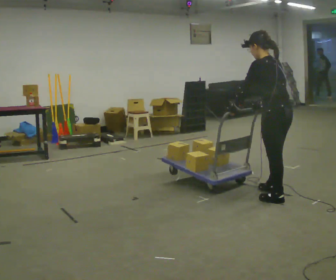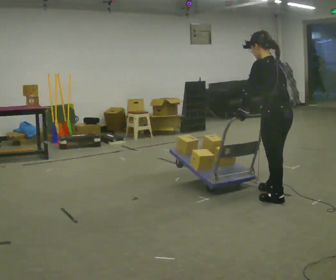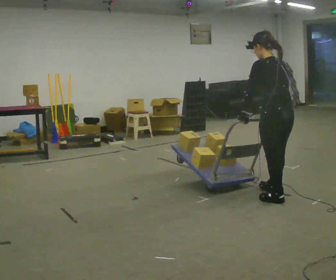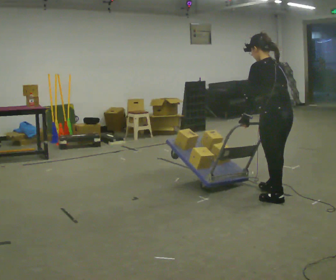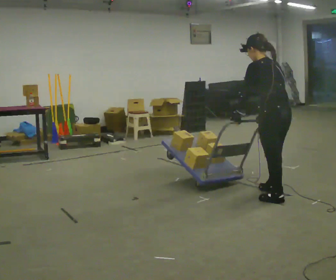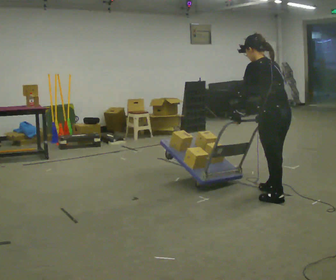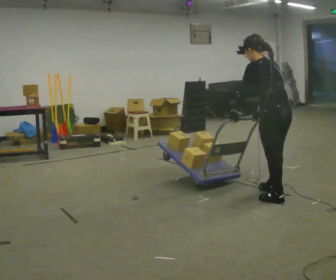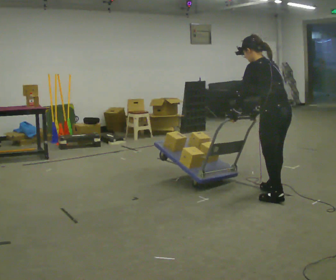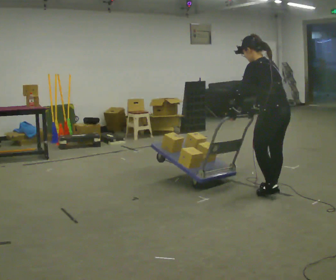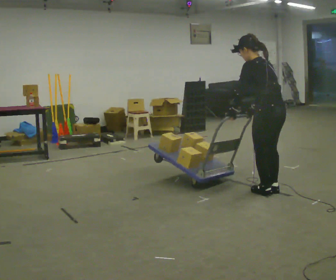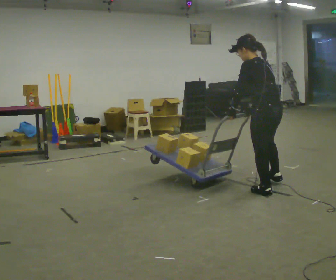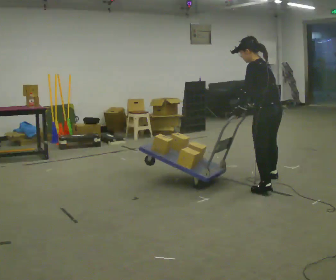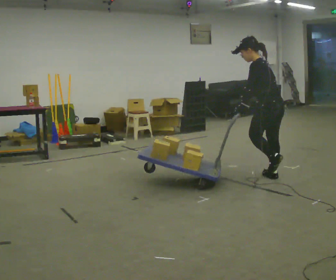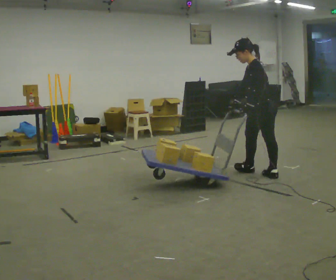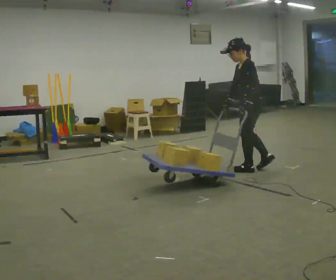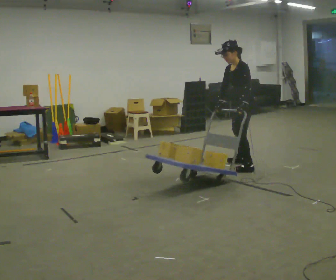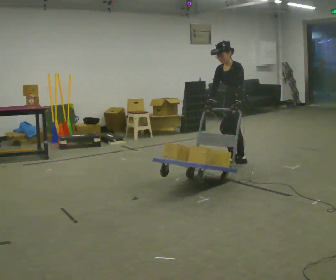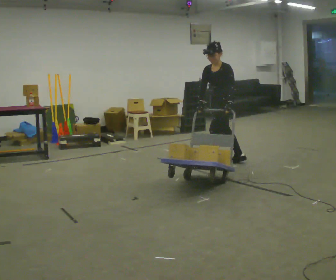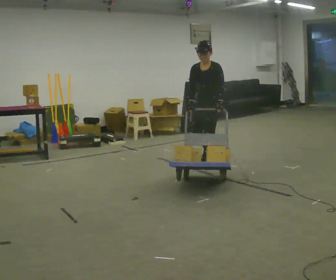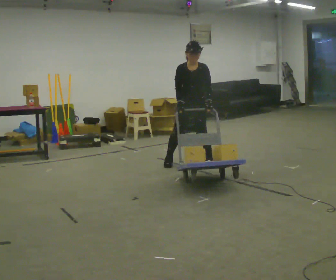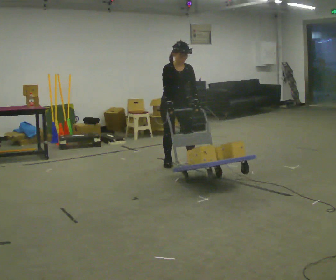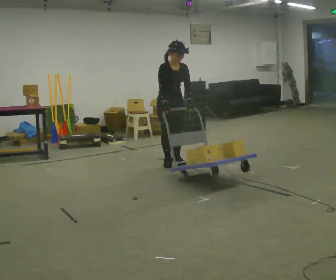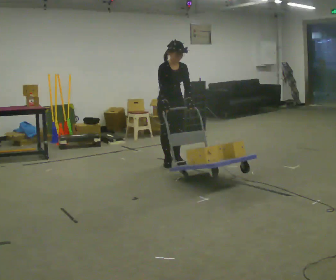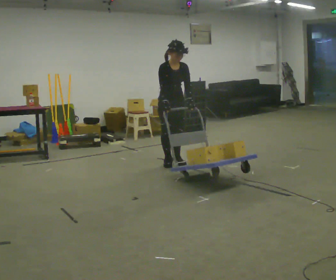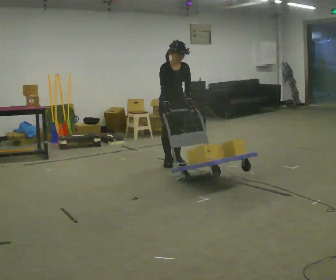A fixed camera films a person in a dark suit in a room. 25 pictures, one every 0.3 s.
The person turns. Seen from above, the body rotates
counterclockwise.
The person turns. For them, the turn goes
to their left.
0.0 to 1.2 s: The person moves a little, or ends about where they began.
1.2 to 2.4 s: In the picture they go away from the camera, about 0.25 m.
2.4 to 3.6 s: In the picture they go away from the camera, about 0.5 m in 2 steps, which for them is to their right and forward.
3.6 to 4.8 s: Seen from above the body turns counterclockwise, about 60 degrees: to their left, with its near side sliding to the right. In the picture they go away from the camera and to the left, about 0.5 m in 2 steps.
4.8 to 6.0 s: Seen from above the body turns counterclockwise, about 90 degrees: to their left, with its near side sliding to the right. In the picture they go to the left, about 1 m in 2 steps. In the picture the upper body tilts clockwise, shoulders to the right.
6.0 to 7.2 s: The person moves a little, or ends about where they began.
The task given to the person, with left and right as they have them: Turn the cart round to face the other way without moving it out of the marked square, then turn it back. Repeat until the operator says stop.
The film runs forward here.
